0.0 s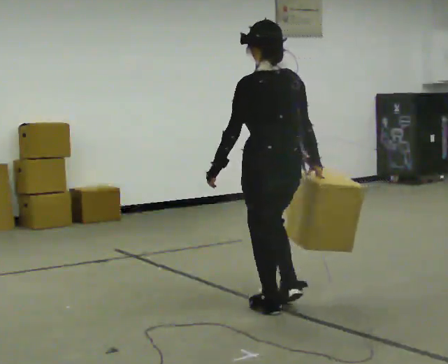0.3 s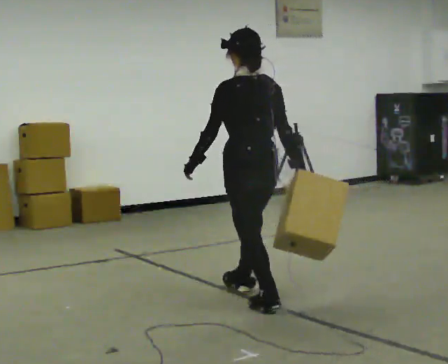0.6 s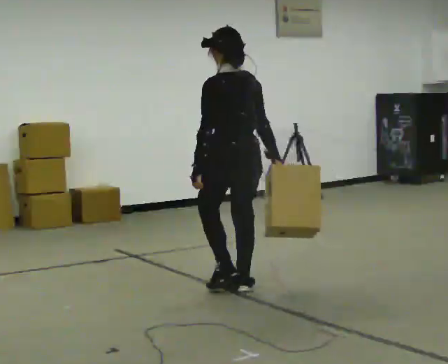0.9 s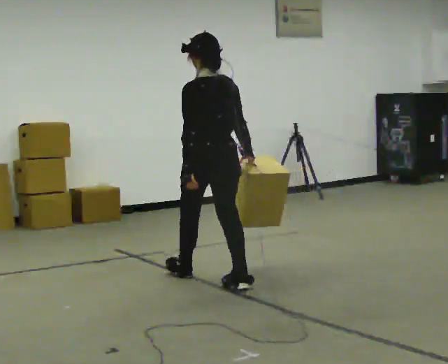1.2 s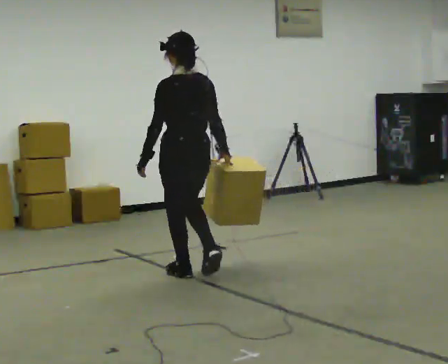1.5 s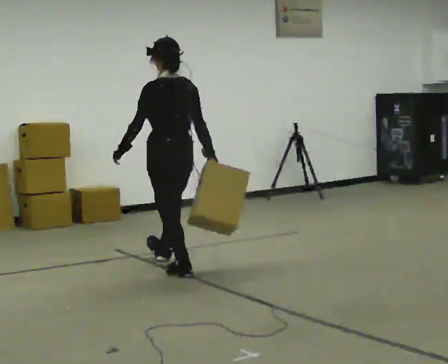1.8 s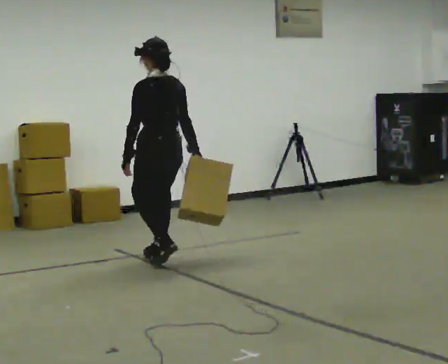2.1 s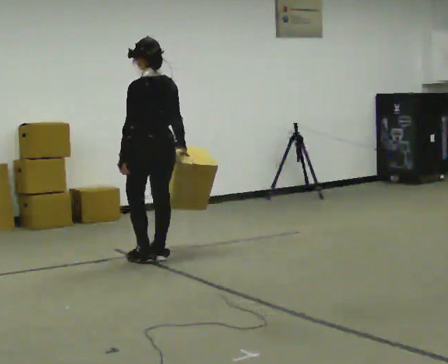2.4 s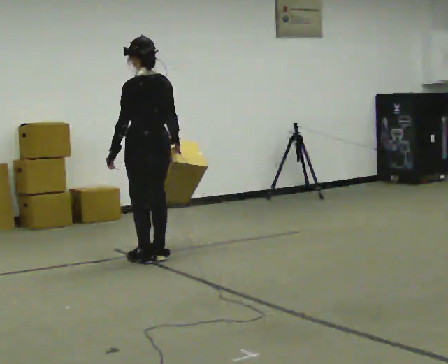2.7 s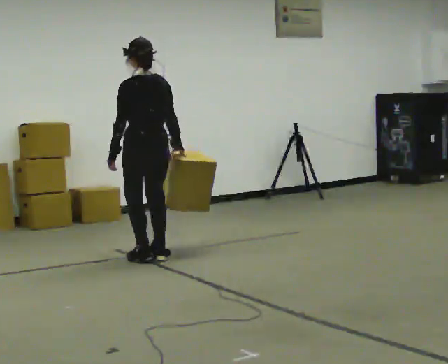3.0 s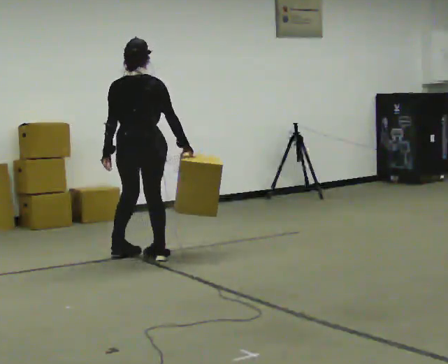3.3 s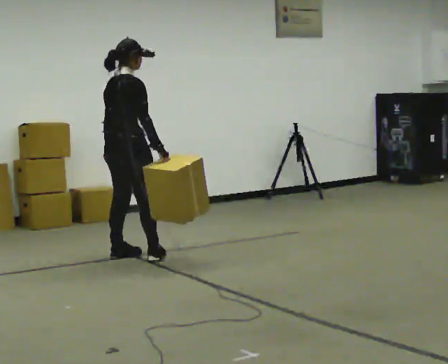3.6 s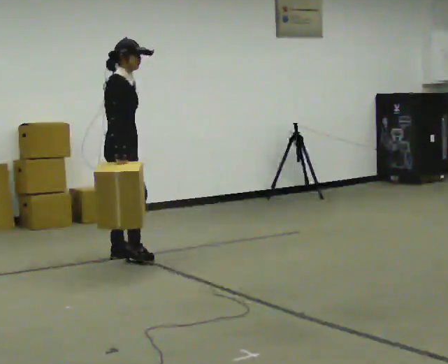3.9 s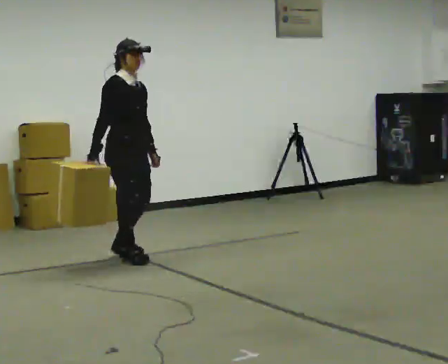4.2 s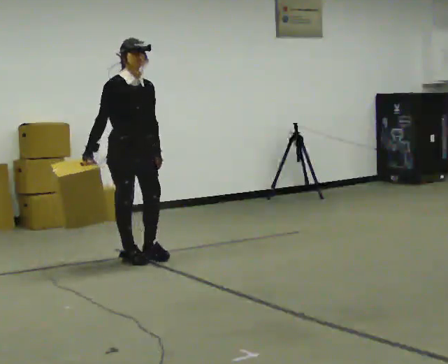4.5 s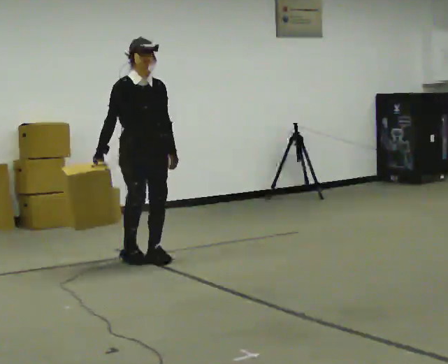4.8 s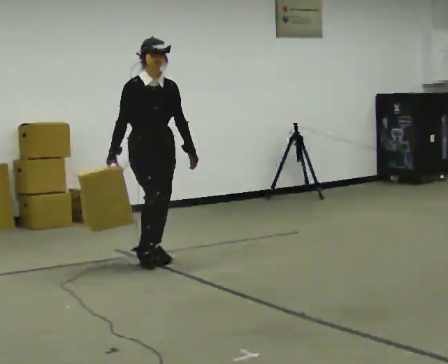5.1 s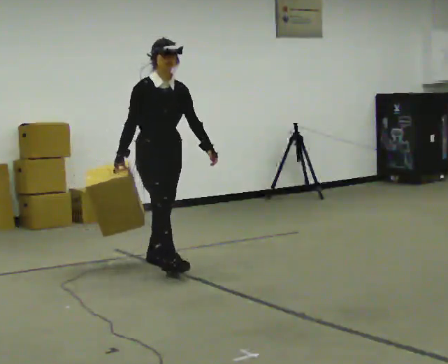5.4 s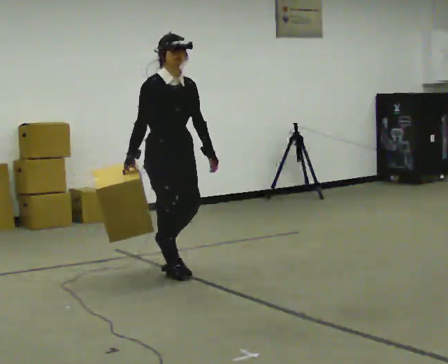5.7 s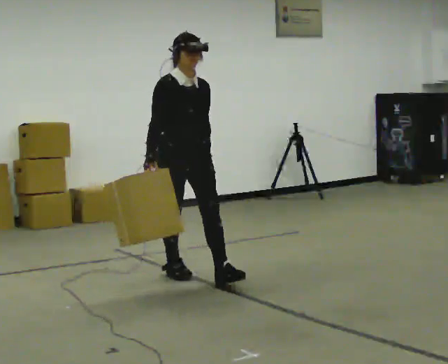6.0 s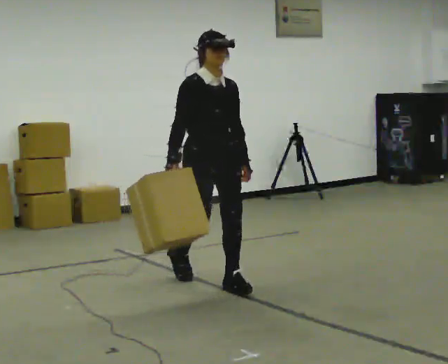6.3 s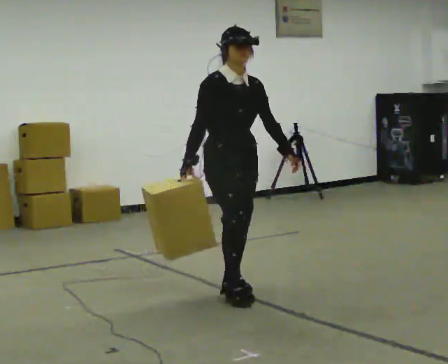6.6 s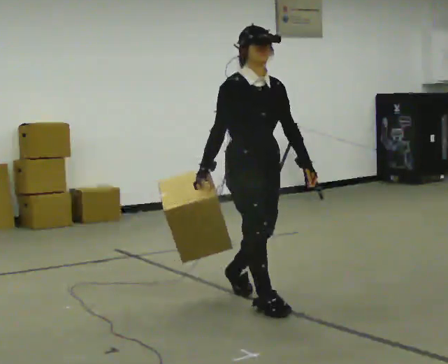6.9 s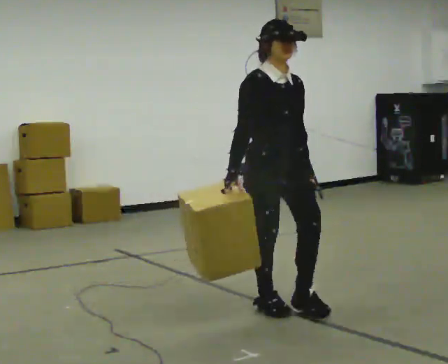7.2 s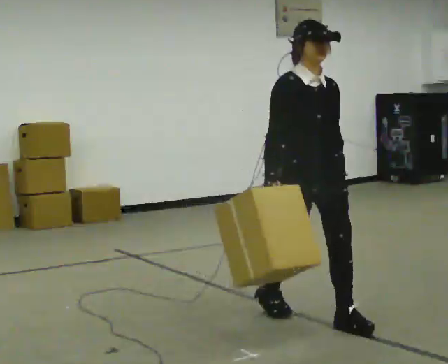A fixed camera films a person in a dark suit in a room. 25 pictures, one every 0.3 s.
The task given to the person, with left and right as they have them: Carry the box straight from one end of the room to the other, set it down, then bring it back. Keep going until the operator says stop; one object at a time, and do not rush between trips.
0.0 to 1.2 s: In the picture they go away from the camera and to the left, about 1 m in 2 steps, which for them is forward.
1.2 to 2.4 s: In the picture they go away from the camera, about 0.5 m in 2 steps, which for them is forward.
2.4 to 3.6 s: The person turns about 135 degrees to their right, clockwise seen from above, so the part of the body nearest the lens slides to the left. In the picture they go to the left, about 0.25 m in 1 step. In the picture their right hand goes to the left.
3.6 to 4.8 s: The person turns about 45 degrees to their right, clockwise seen from above, so the part of the body nearest the lens slides to the left. In the picture they go to the right and toward the camera, about 0.25 m in 2 steps, which for them is forward and to their left.
4.8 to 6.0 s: In the picture they go toward the camera and to the right, about 1 m in 2 steps, which for them is forward.
6.0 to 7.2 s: In the picture they go toward the camera and to the right, about 1 m in 2 steps, which for them is forward.
The film runs forward here.
